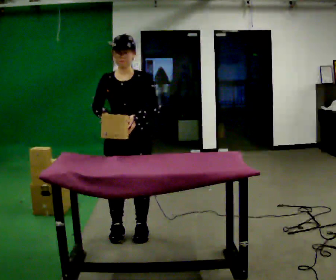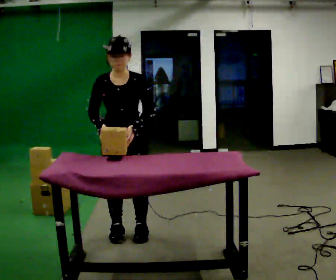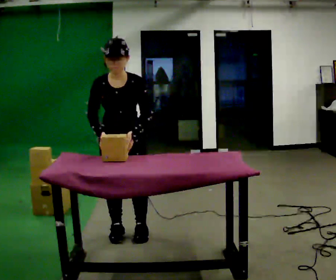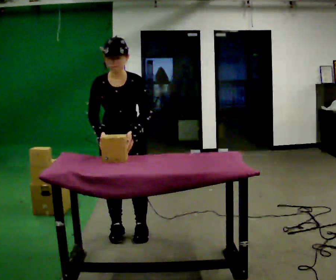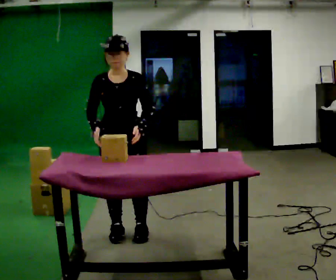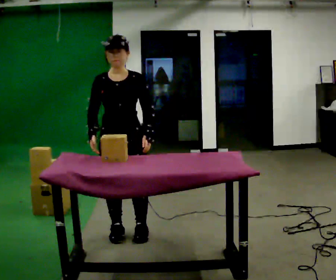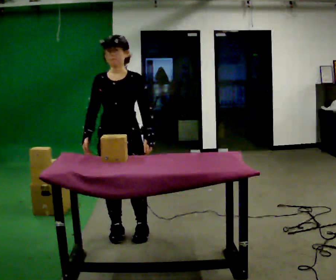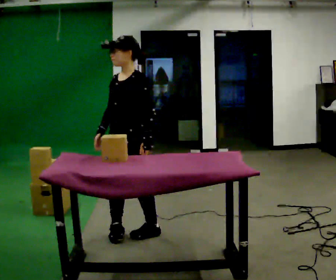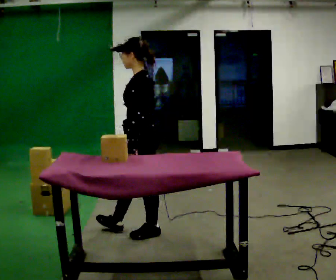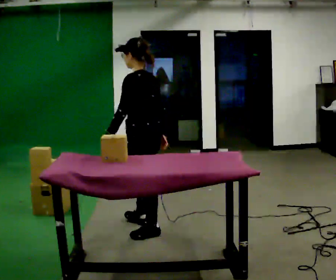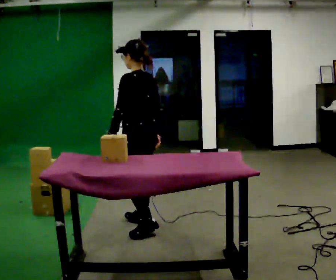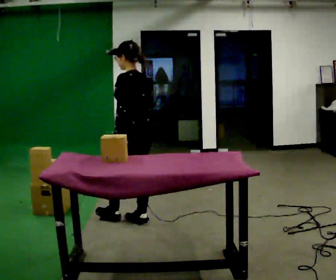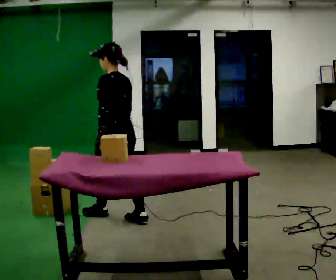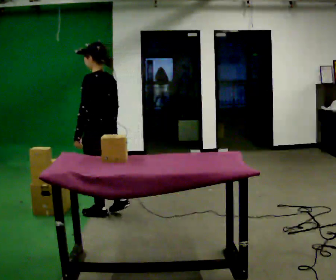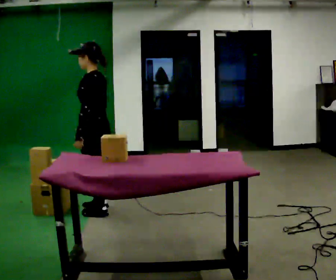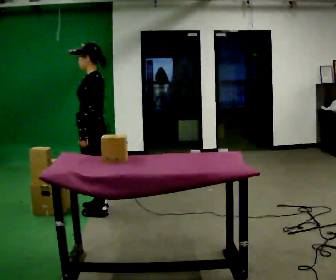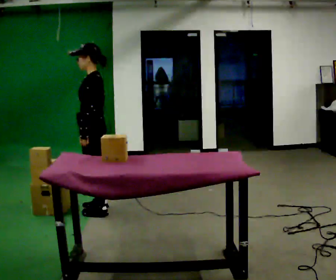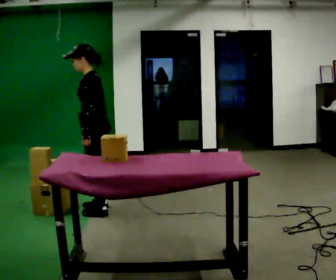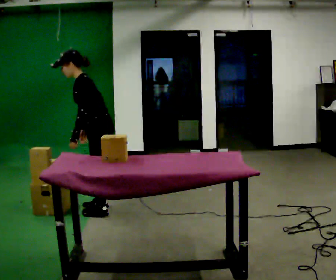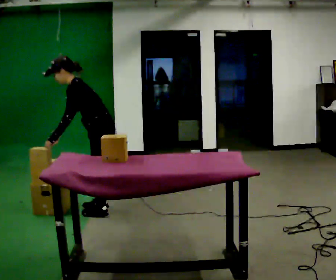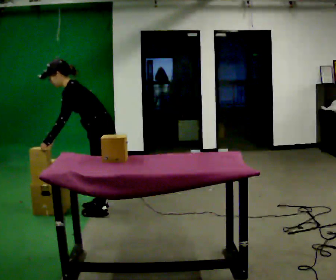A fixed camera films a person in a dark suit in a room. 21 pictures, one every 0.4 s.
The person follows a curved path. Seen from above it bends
counterclockwise.
0.0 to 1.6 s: The person moves a little, or ends about where they began.
1.6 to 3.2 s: The part of the body nearest the lens slides to the left as the person turns to their right by about 90 degrees. In the picture they go to the right, about 0.25 m. In the picture their right hand goes to the right.
3.2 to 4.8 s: The person turns about 30 degrees to their right, clockwise seen from above, so the part of the body nearest the lens slides to the left. In the picture they go away from the camera and to the left, about 0.5 m in 2 steps, which for them is forward and to their right.
4.8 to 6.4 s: Seen from above the body turns counterclockwise, about 45 degrees: to their left, with its near side sliding to the right. In the picture they go away from the camera and to the left, about 0.25 m in 1 step, which for them is forward and to their right.
6.4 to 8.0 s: In the picture the upper body tilts counterclockwise, shoulders to the left, as they bend forward. In the picture their right hand goes to the left.
The film runs forward here.
